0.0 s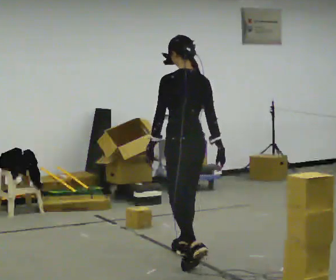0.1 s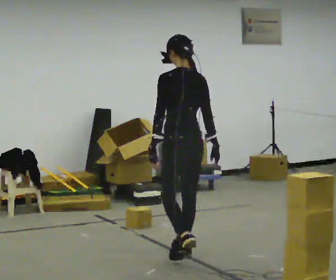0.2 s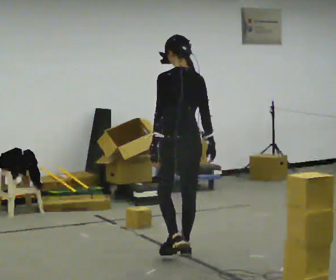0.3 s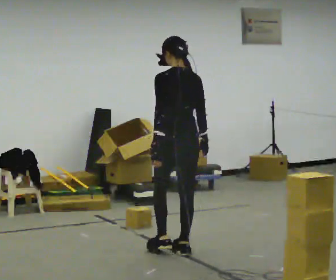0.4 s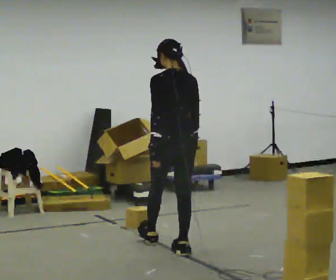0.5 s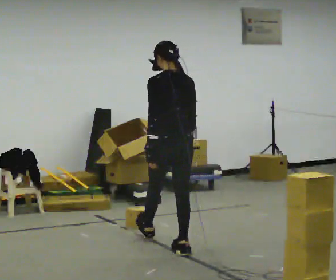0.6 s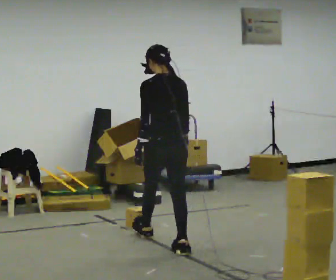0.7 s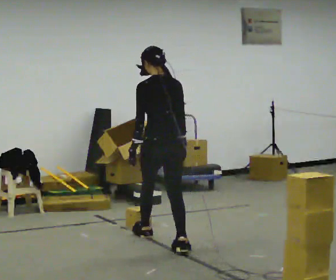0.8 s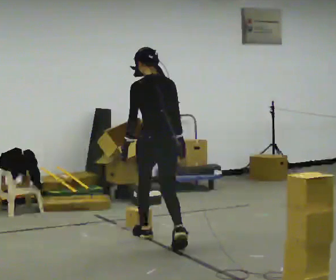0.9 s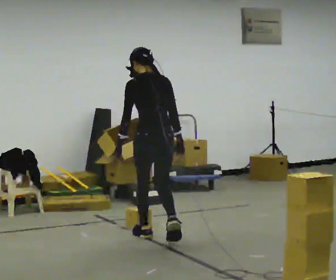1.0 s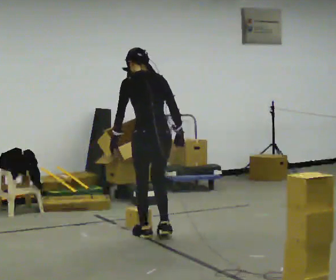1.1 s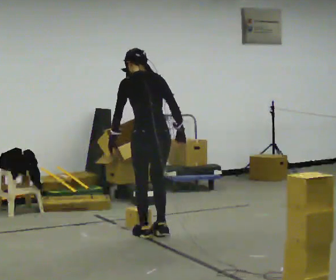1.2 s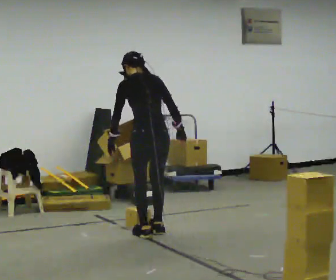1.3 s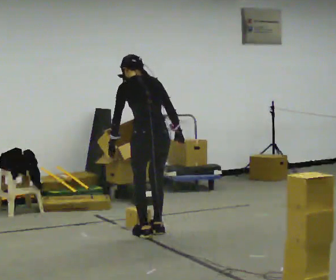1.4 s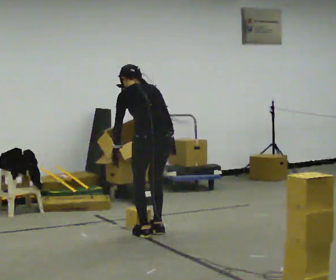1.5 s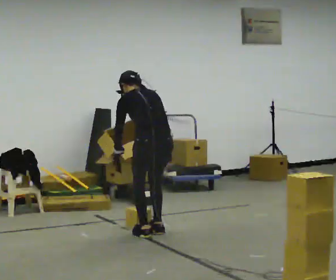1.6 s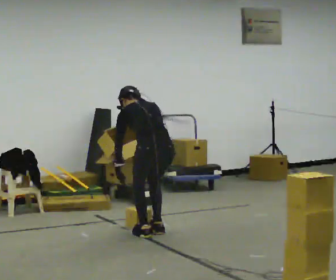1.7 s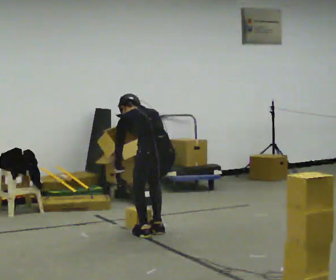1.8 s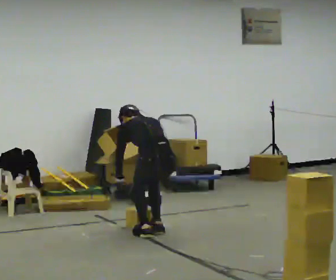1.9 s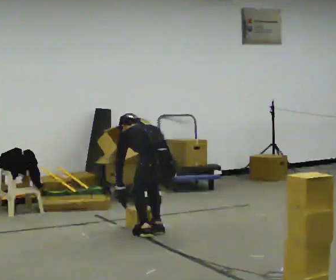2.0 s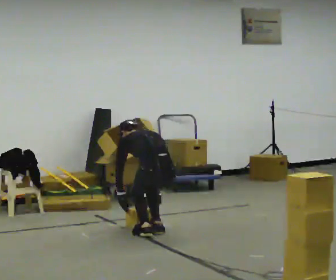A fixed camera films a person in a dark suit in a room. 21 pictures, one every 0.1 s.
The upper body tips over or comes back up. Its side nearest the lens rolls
upward.
The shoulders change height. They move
downward.
0.0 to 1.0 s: In the picture they go away from the camera and to the left, about 0.75 m in 1 step, which for them is forward.
1.0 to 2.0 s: The upper body goes downward. The upper body tips away from the camera, its near side rolling upward, as they bend forward. In the picture their right hand goes downward.
The film runs forward here.
